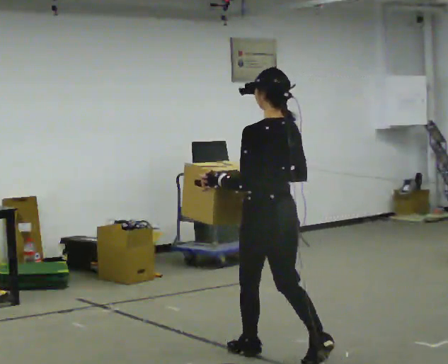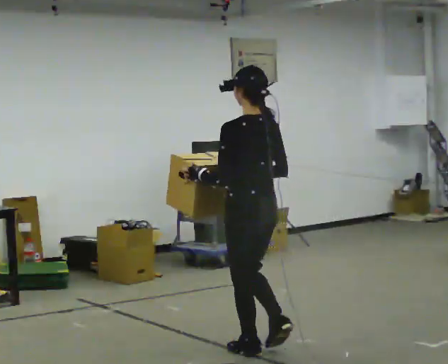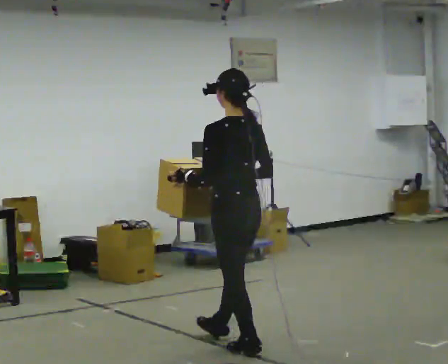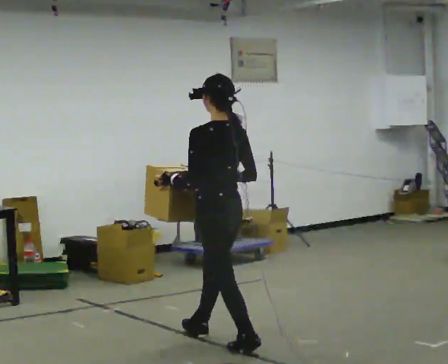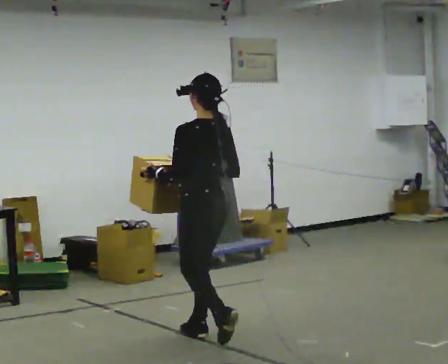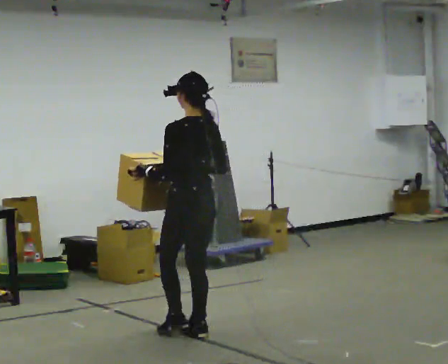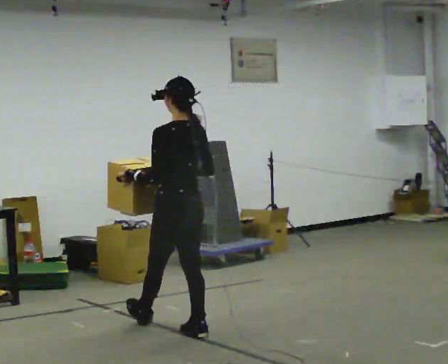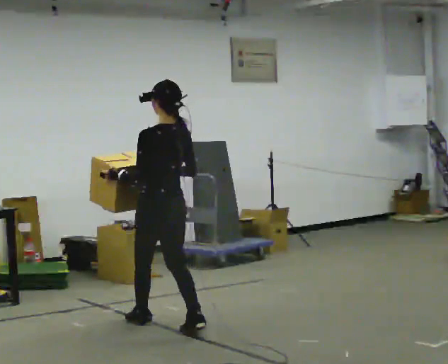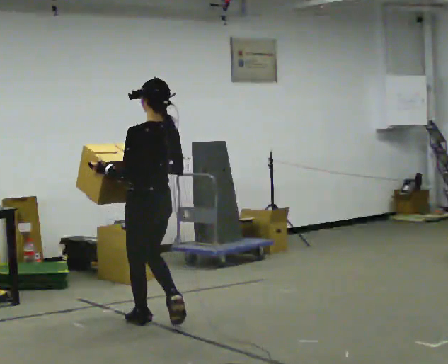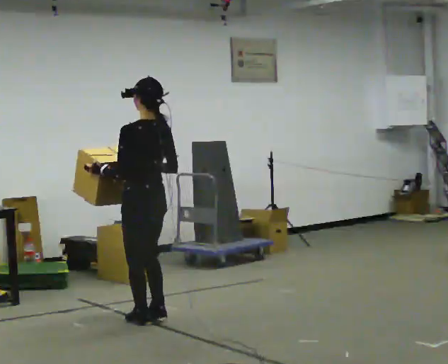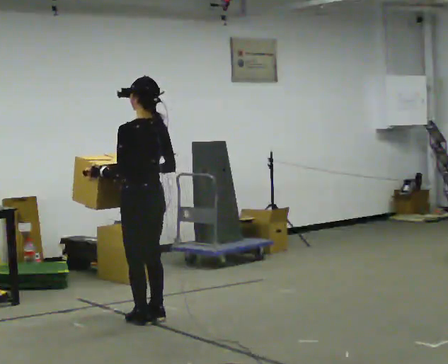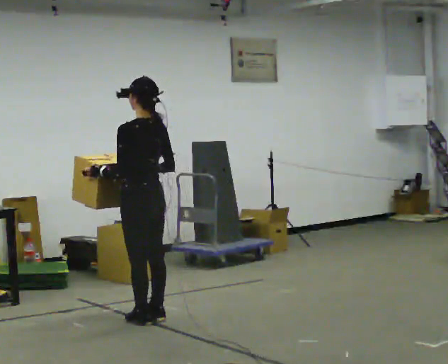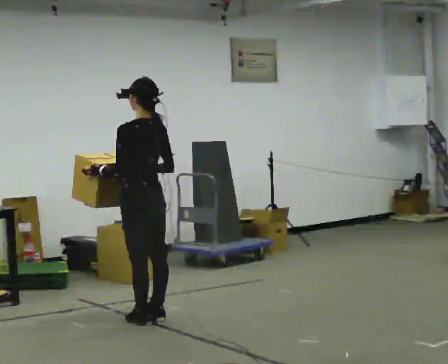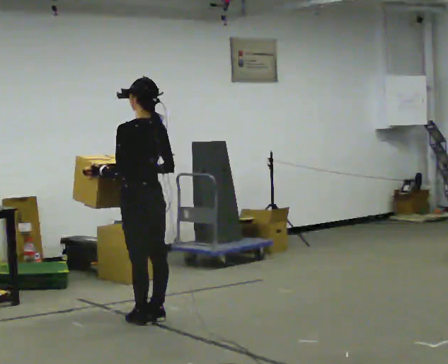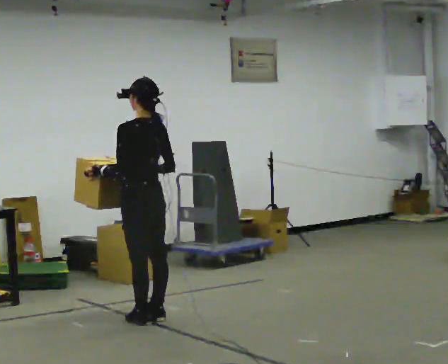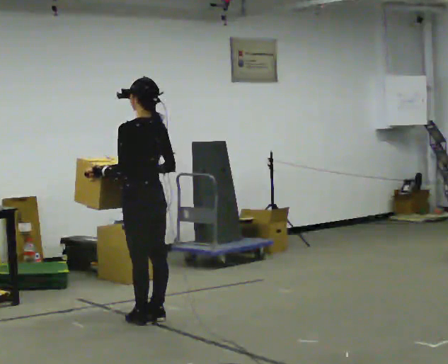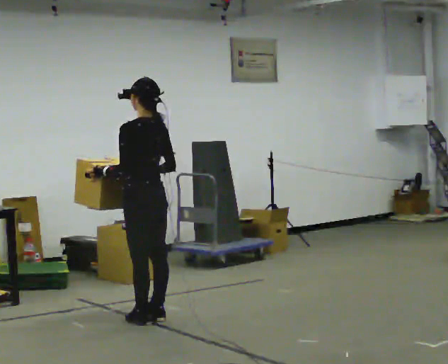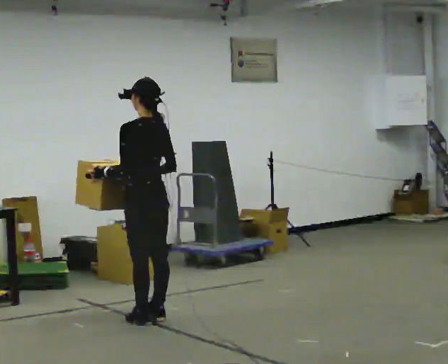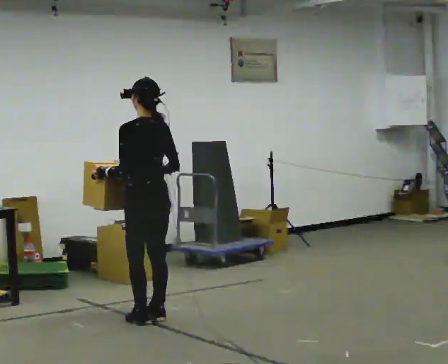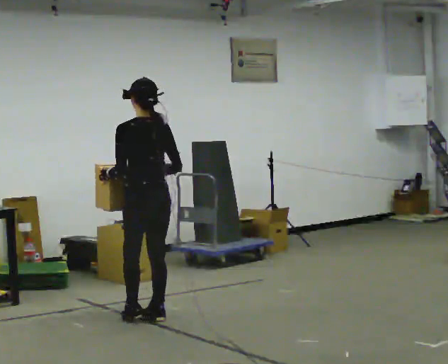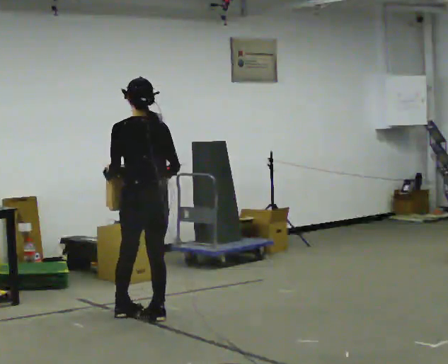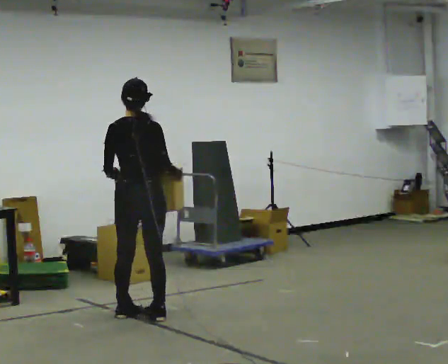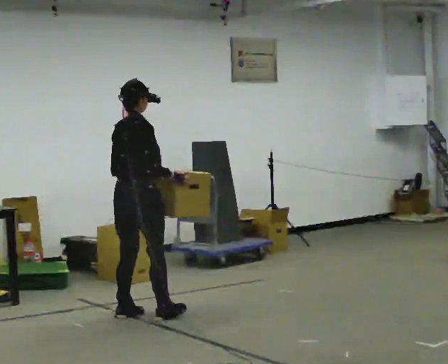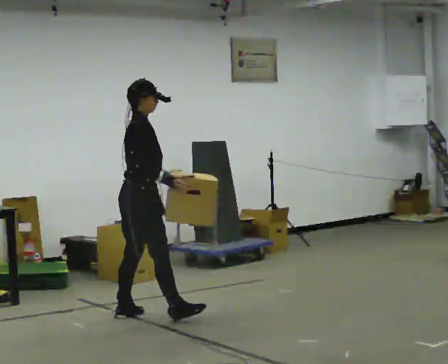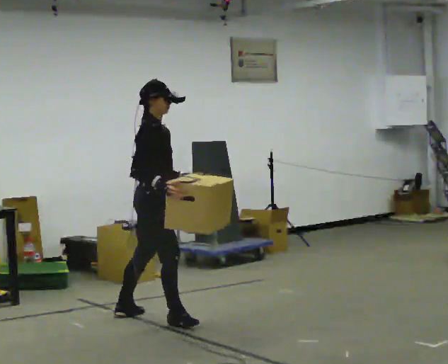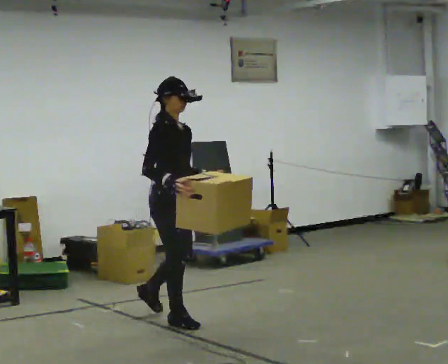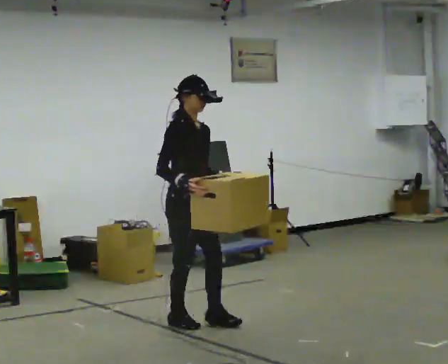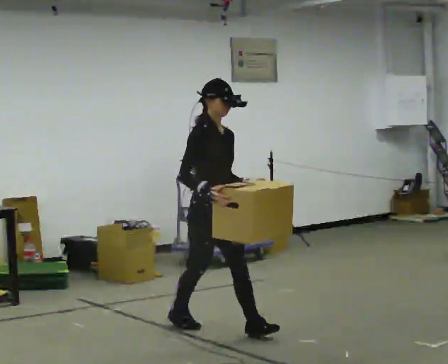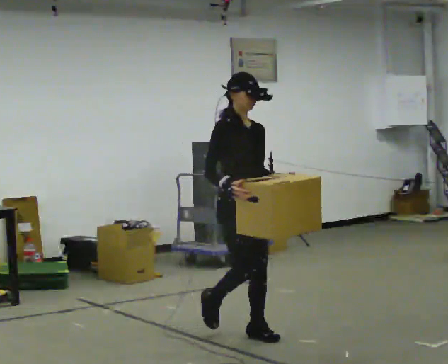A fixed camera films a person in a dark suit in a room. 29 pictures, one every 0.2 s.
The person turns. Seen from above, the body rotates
clockwise.
The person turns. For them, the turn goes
to their right.
0.0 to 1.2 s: In the picture they go away from the camera and to the left, about 1 m in 1 step, which for them is forward.
1.2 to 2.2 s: In the picture they go away from the camera and to the left, about 0.25 m in 2 steps, which for them is forward.
2.2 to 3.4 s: The person moves a little, or ends about where they began.
3.4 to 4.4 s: Seen from above the body turns clockwise, about 105 degrees: to their right, with its near side sliding to the left.
4.4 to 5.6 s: The part of the body nearest the lens slides to the left as the person turns to their right by about 90 degrees. In the picture they go toward the camera and to the right, about 1 m in 1 step.
The film runs forward here.
